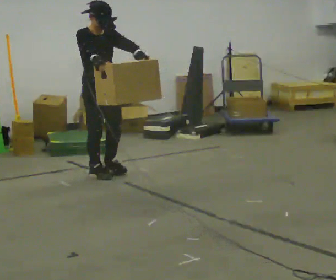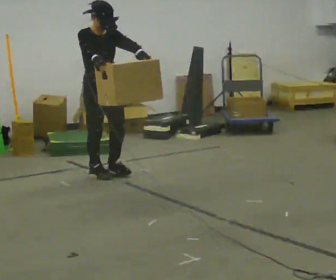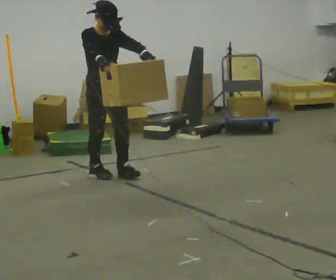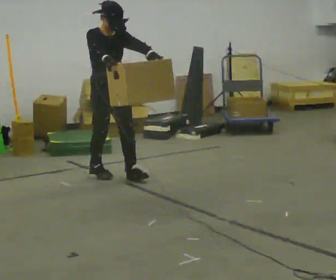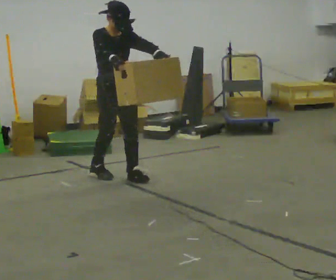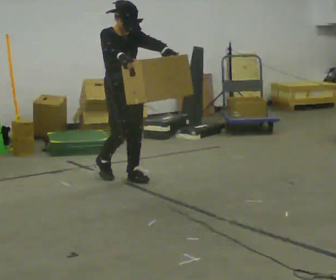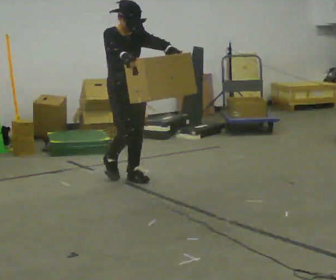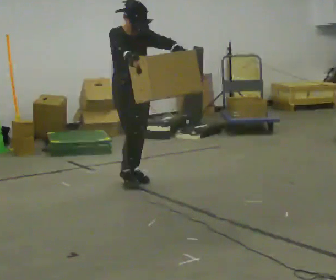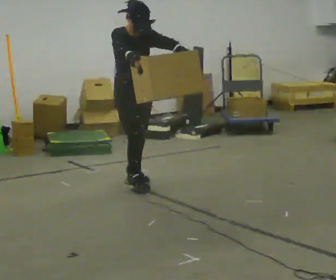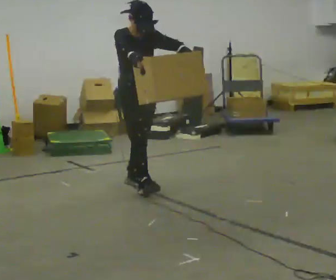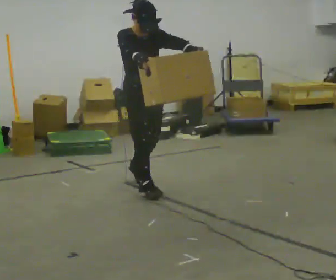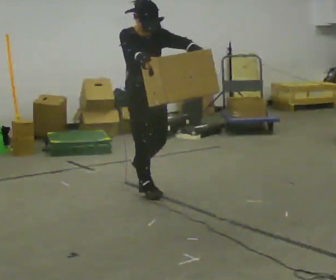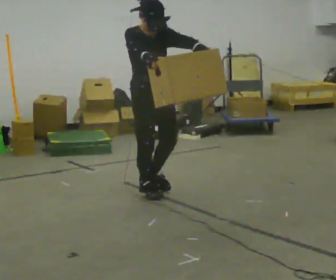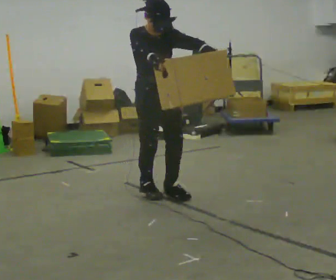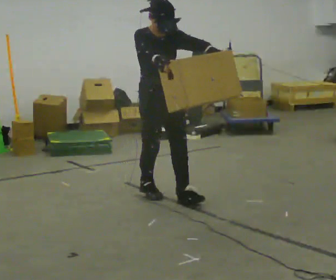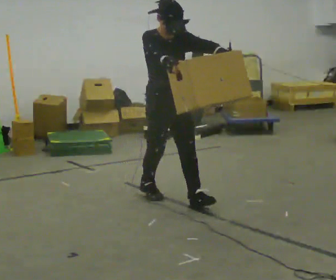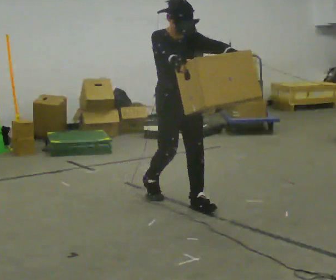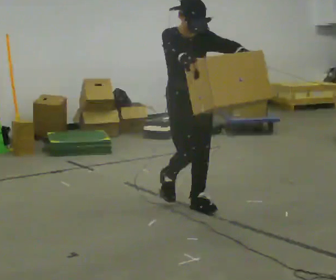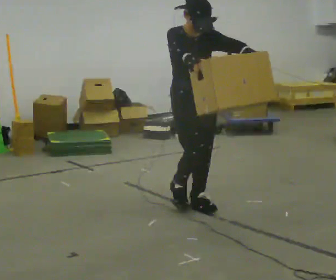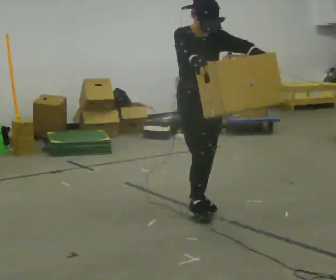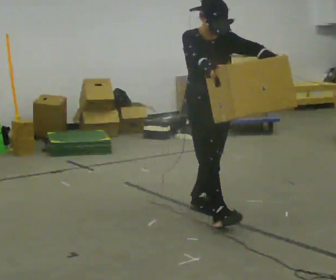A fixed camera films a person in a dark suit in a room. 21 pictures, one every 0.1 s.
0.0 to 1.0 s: In the picture they go toward the camera and to the right, about 0.5 m in 2 steps, which for them is forward.
1.0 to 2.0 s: In the picture they go toward the camera and to the right, about 1 m in 1 step, which for them is forward.
The film runs forward here.
